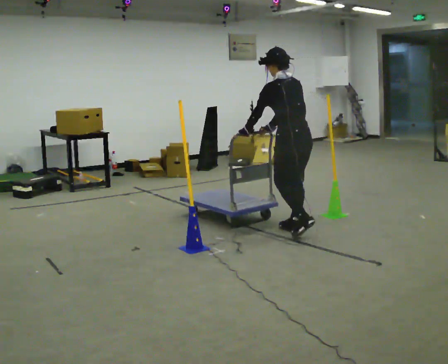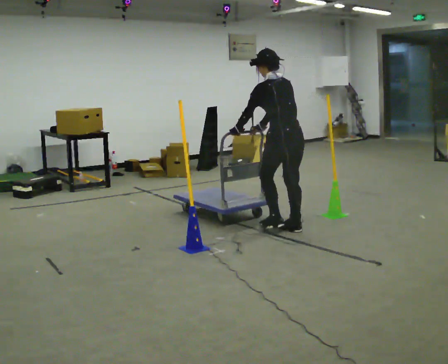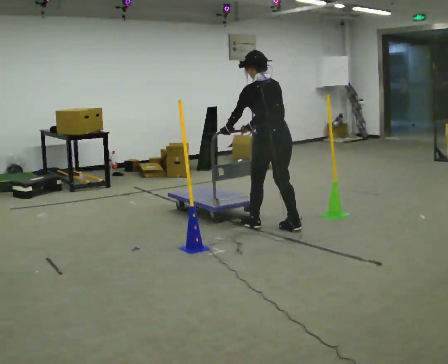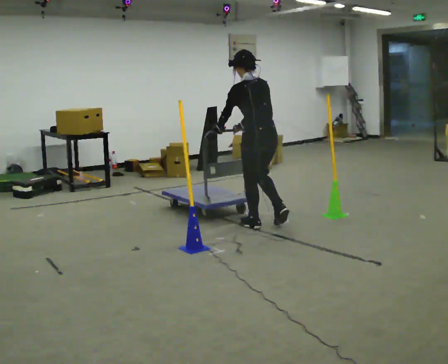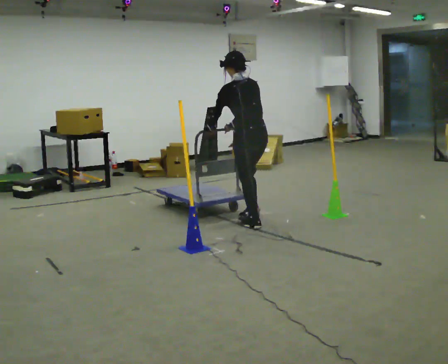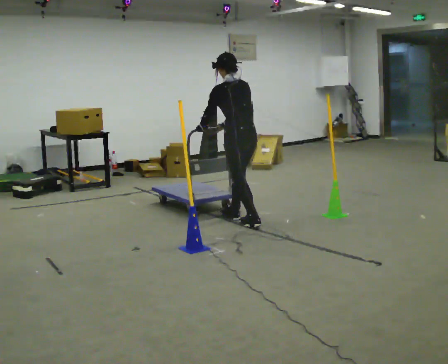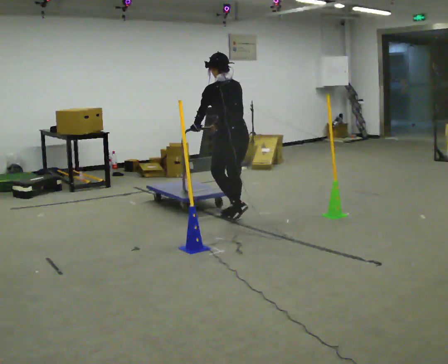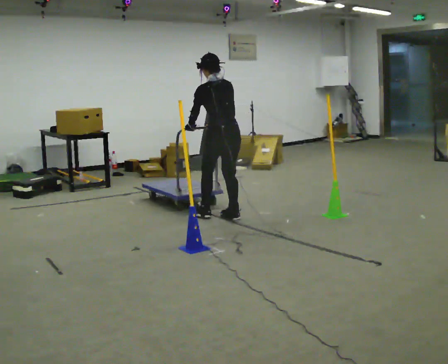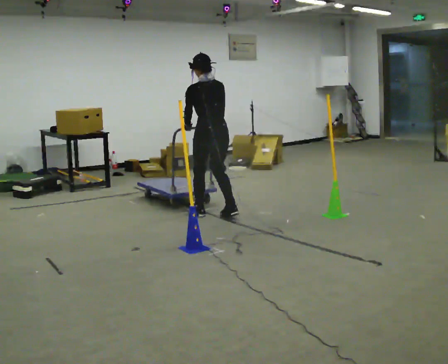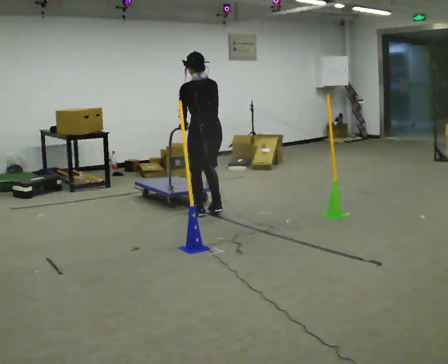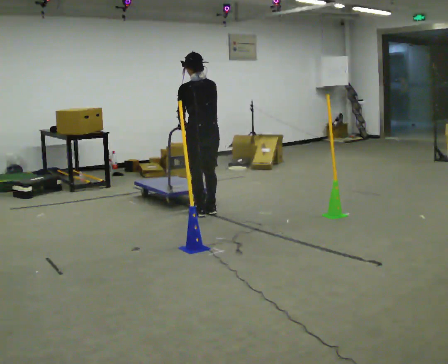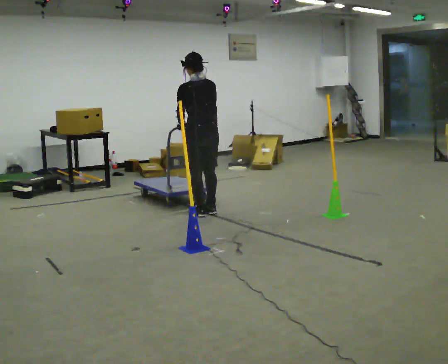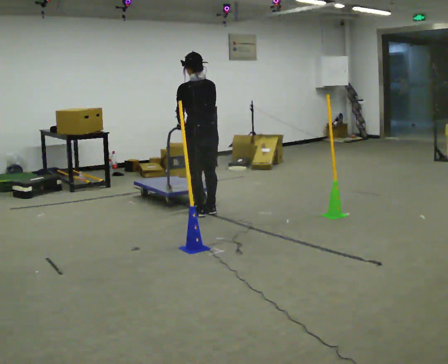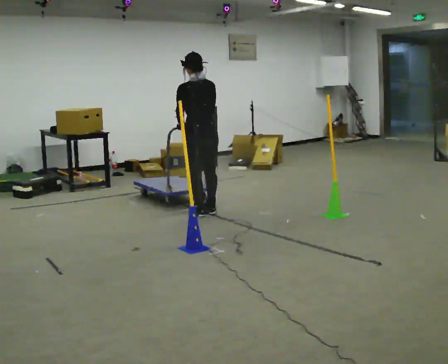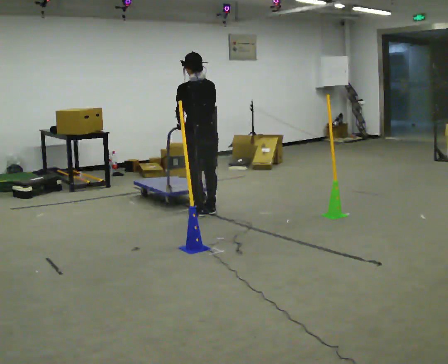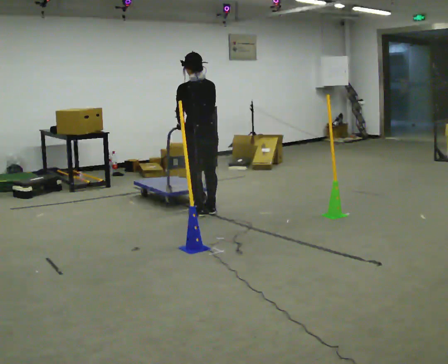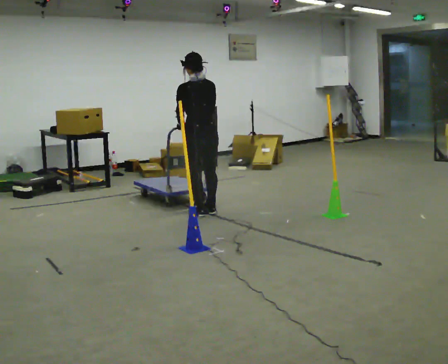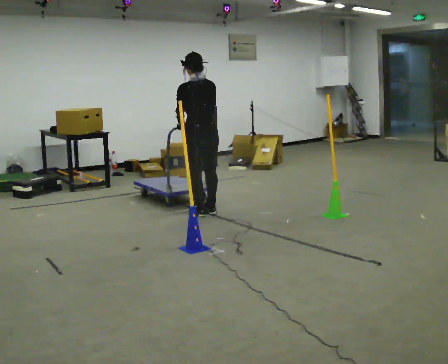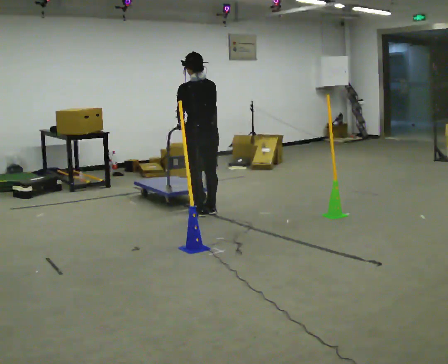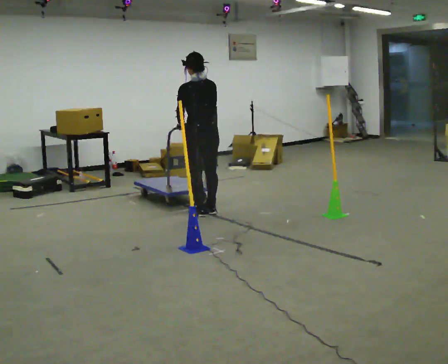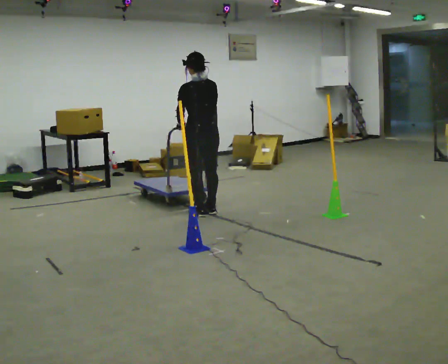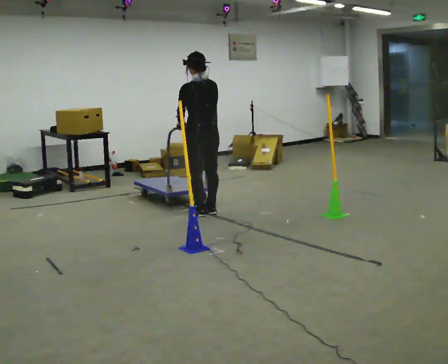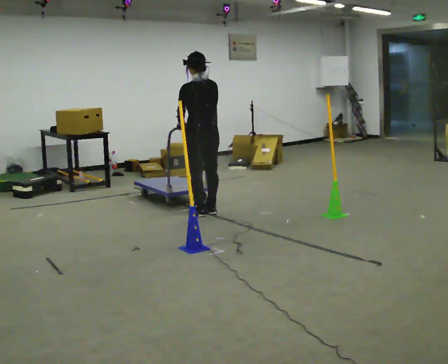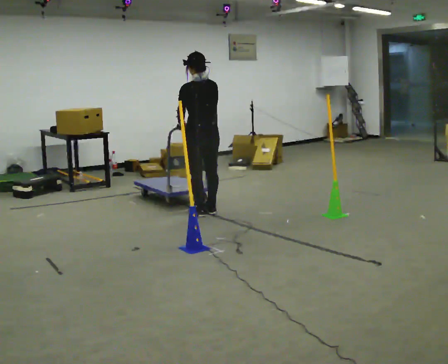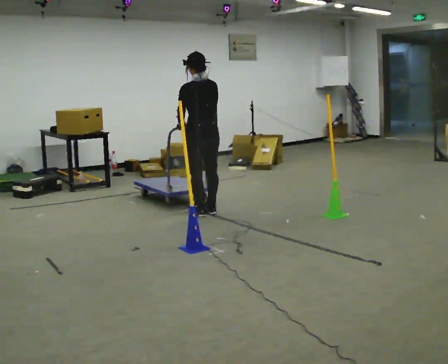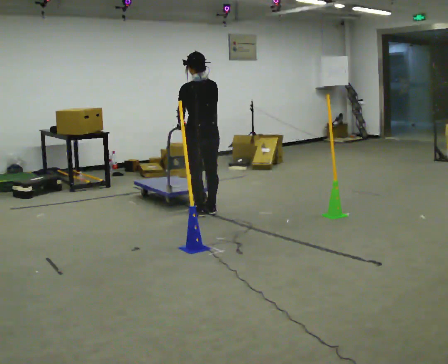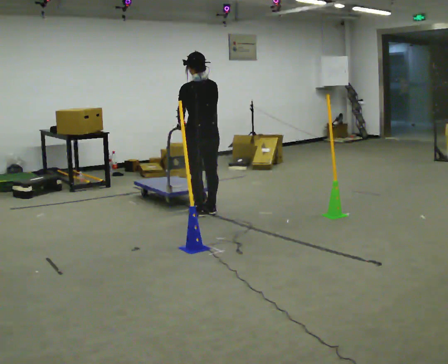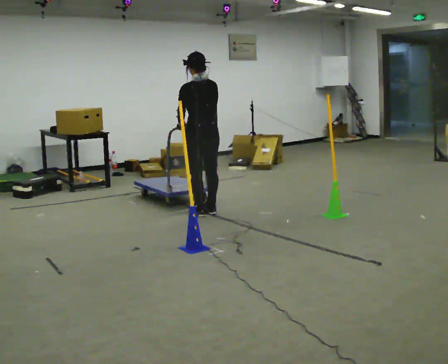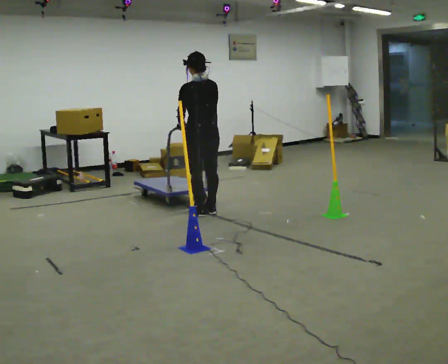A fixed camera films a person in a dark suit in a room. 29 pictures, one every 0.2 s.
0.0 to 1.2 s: In the picture they go away from the camera and to the left, about 0.5 m in 2 steps, which for them is forward.
1.2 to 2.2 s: In the picture they go to the left and away from the camera, about 0.25 m in 2 steps, which for them is forward and to their left.
2.2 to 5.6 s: The person keeps their place and pose.
The film runs forward here.
